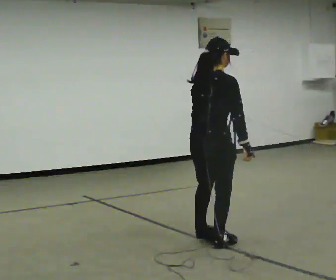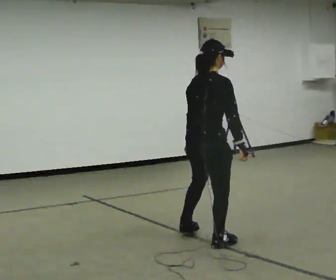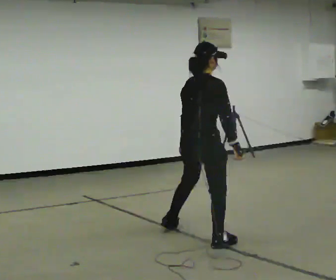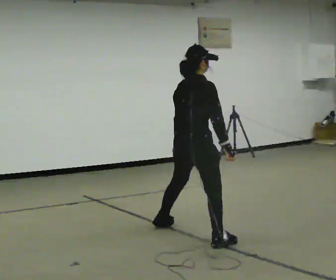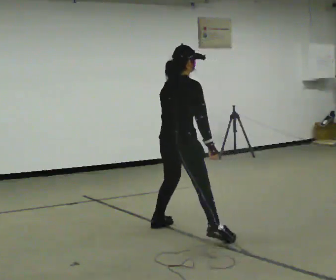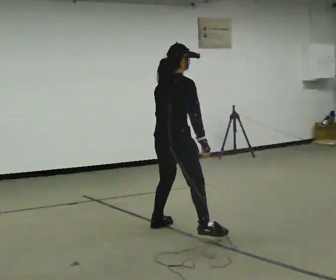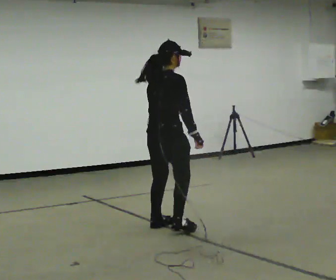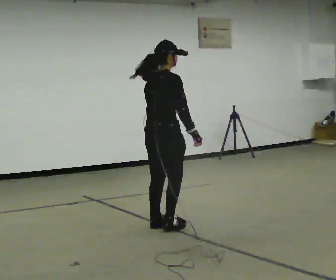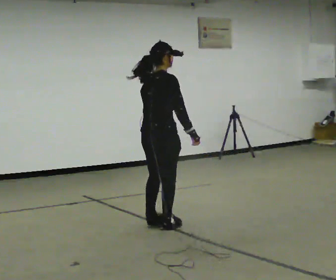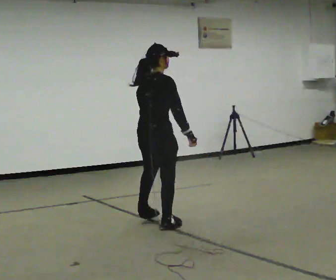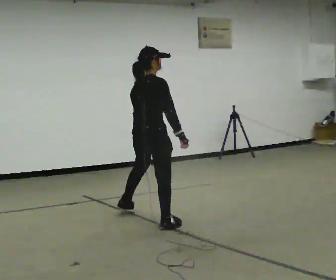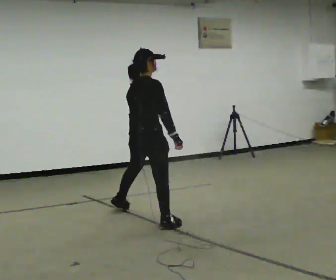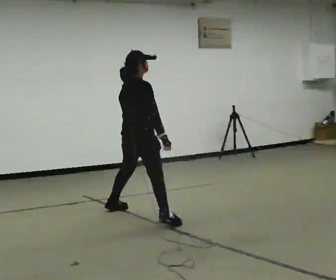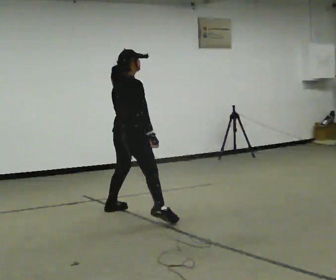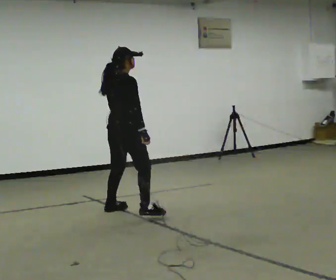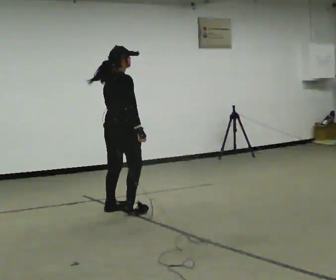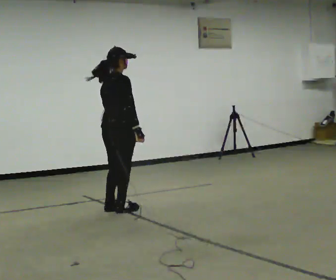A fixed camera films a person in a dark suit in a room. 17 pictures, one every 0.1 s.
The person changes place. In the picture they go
away from the camera.
0.0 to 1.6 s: In the picture they go away from the camera and to the left, about 1.5 m in 4 steps, which for them is to their left.
The film runs forward here.
